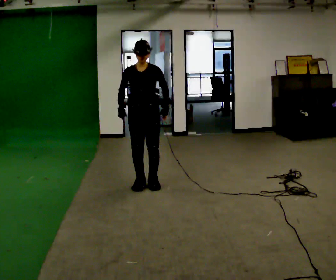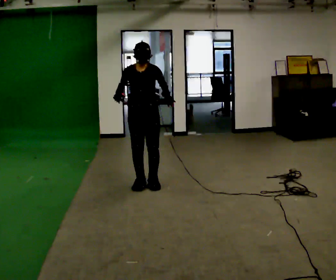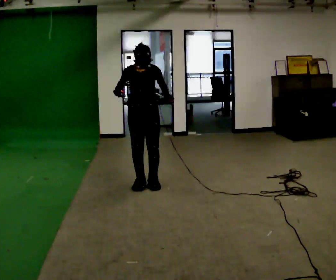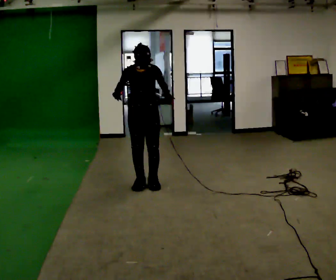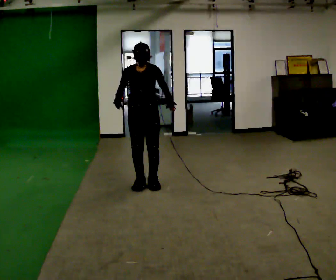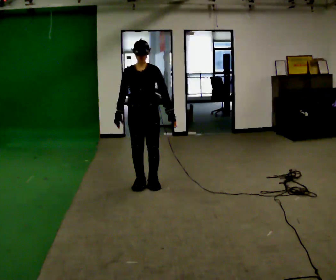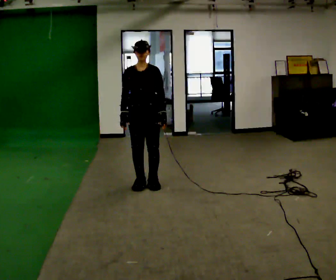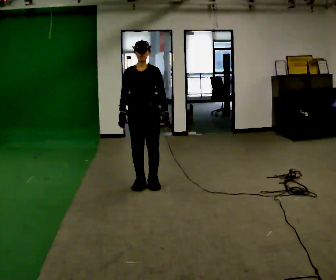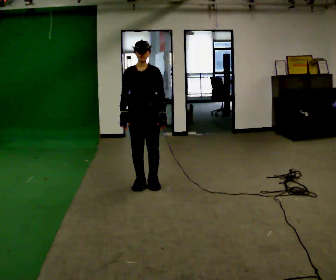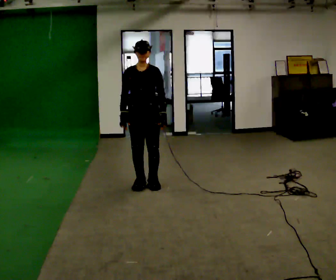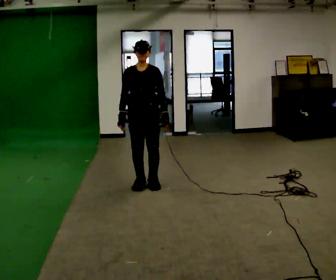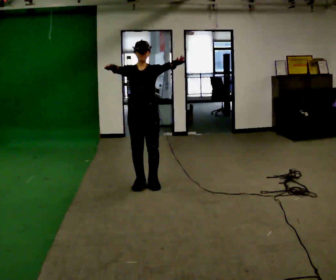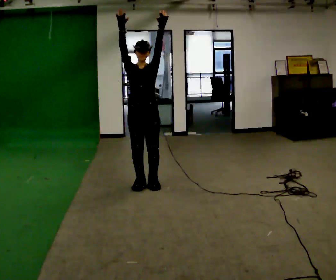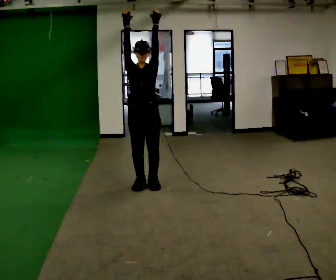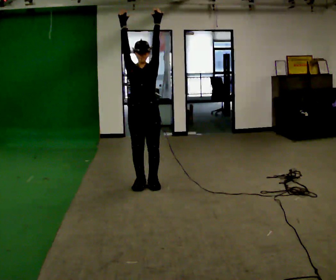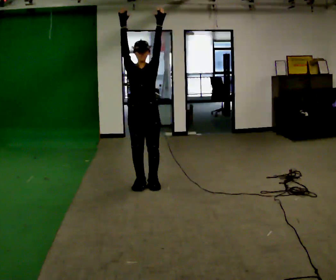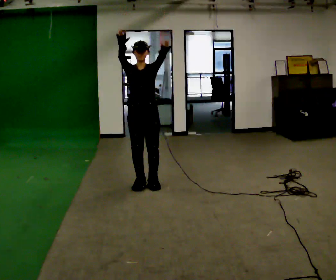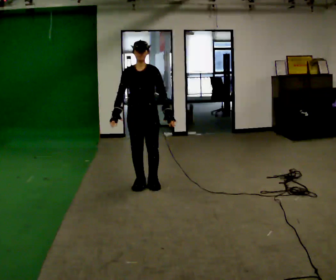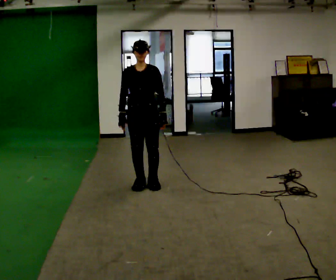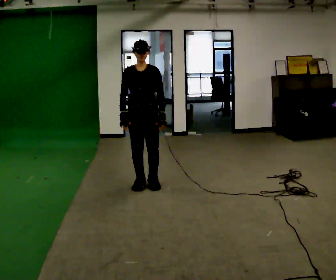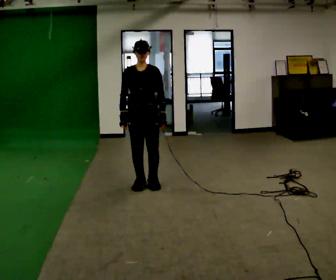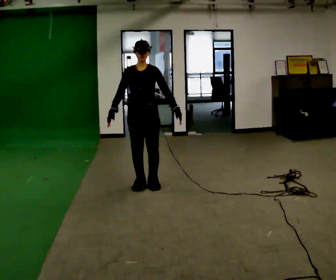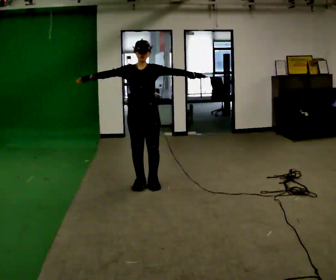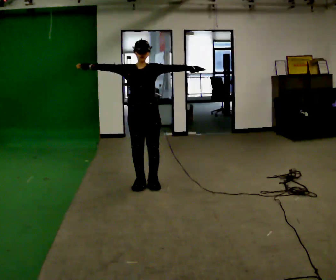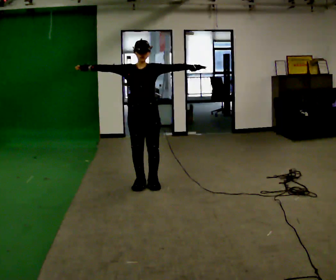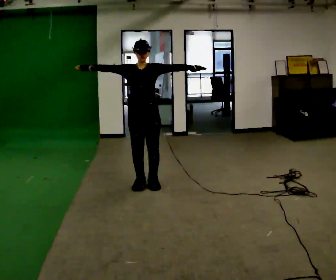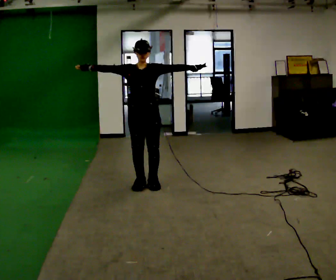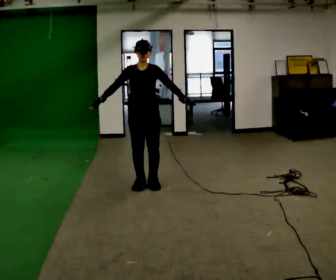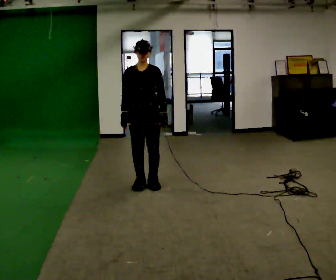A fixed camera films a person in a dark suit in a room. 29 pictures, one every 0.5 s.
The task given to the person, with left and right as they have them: Reach as far as you comfortably can in each direction the operator calls: up, down, forward, each side, and behind. Hold each one briefly. Keep both feet on the marked spots for the whole take. If you have to step, stop and tell the operator.
0.0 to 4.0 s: The person moves a little, or ends about where they began.
4.0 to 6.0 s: In the picture their right hand goes upward.
6.0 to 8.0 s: In the picture their left hand goes downward.
8.0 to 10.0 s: In the picture their right hand goes downward.
10.0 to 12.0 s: In the picture their right hand goes upward and to the left, the arm swinging clockwise.
12.0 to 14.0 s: In the picture their right hand goes downward and to the right, the arm swinging counterclockwise.
The film runs forward here.
